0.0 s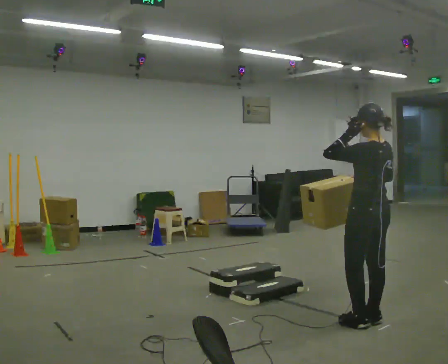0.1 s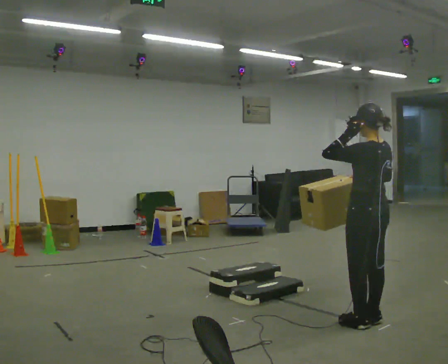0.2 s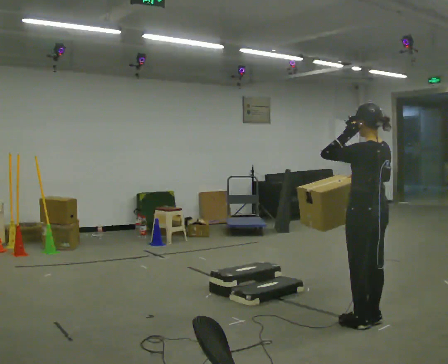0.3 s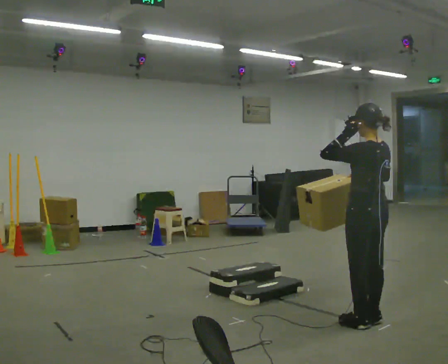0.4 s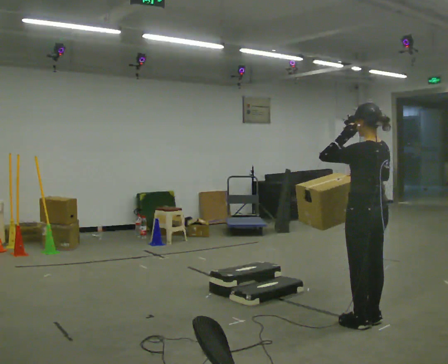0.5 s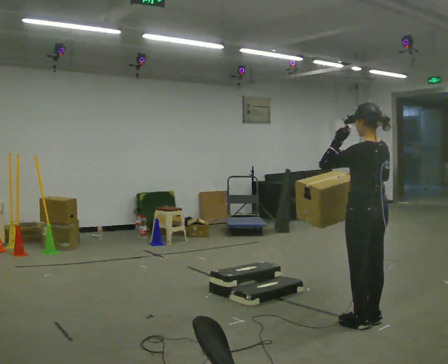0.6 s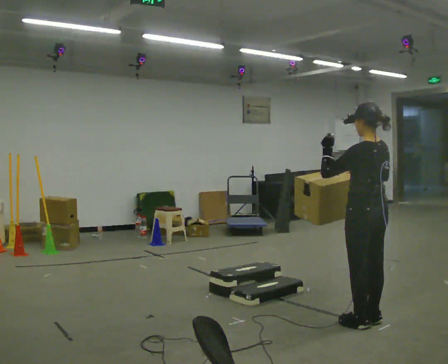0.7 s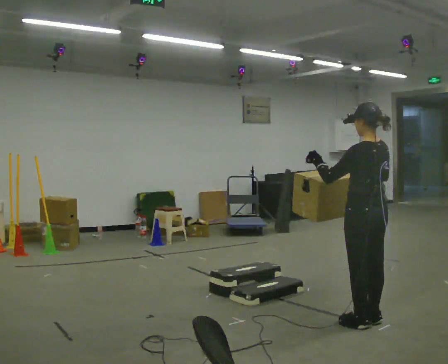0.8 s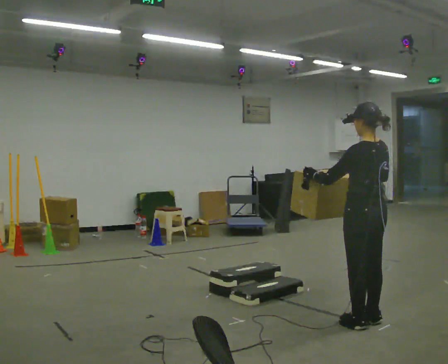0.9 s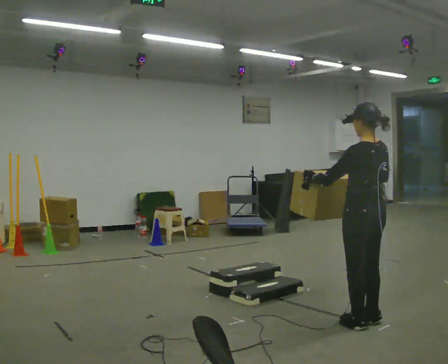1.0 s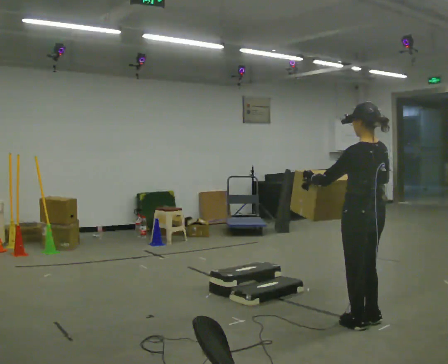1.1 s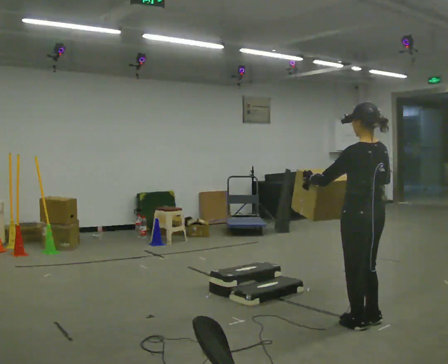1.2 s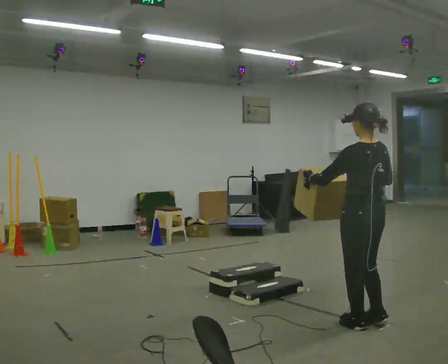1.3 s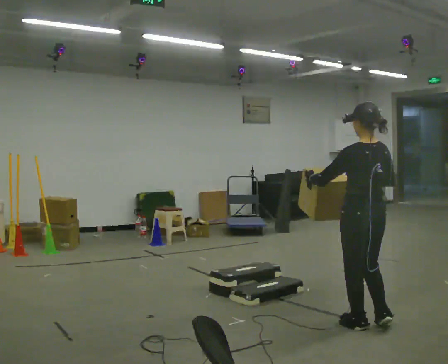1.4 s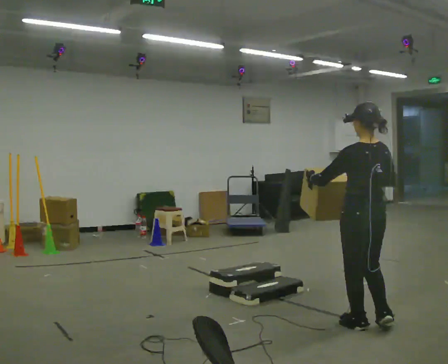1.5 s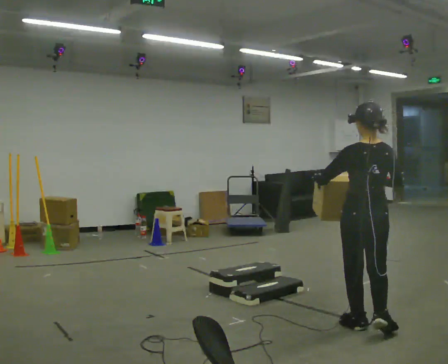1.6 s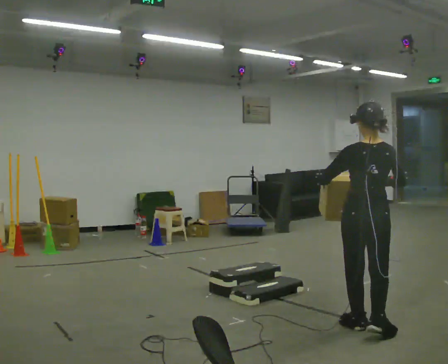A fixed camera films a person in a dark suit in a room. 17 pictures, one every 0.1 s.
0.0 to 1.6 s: Seen from above the body turns clockwise, about 30 degrees: to their right, with its near side sliding to the left. In the picture they go toward the camera, about 0.25 m in 1 step, which for them is to their left.
The film runs backward here.
